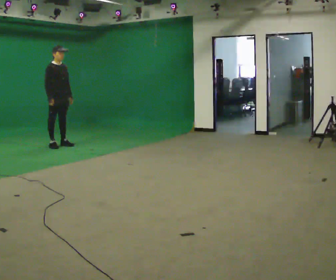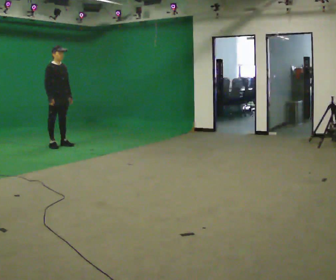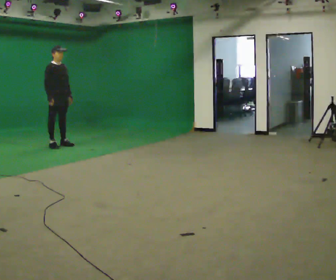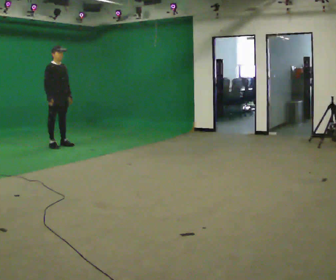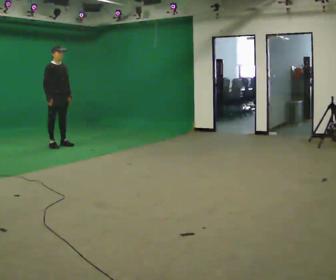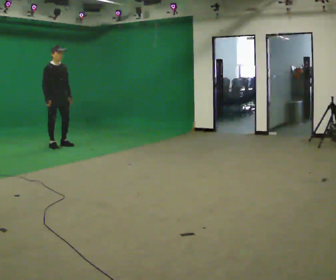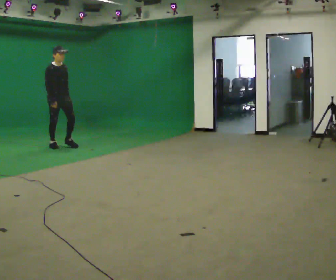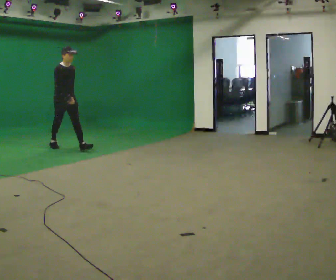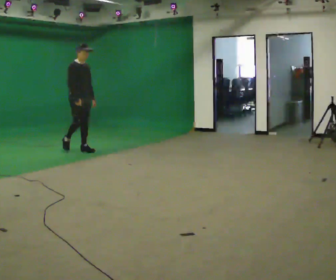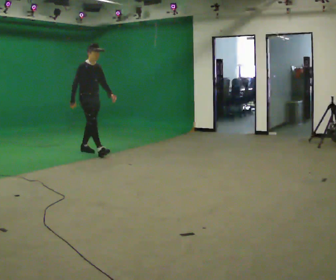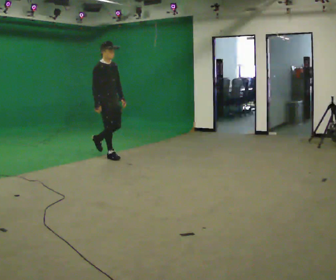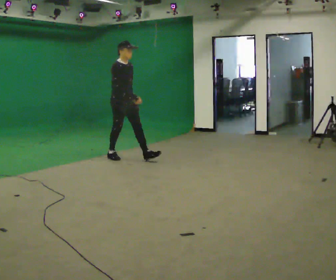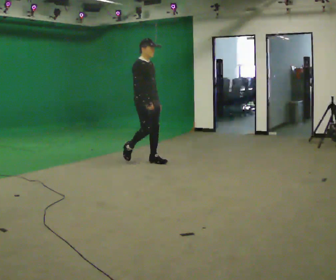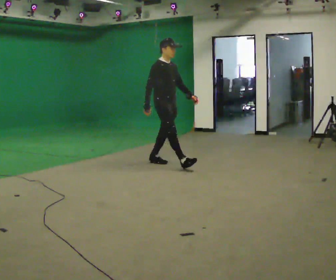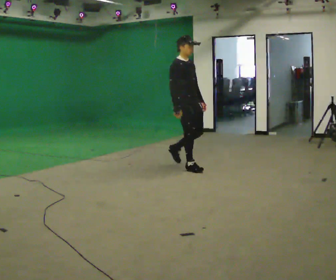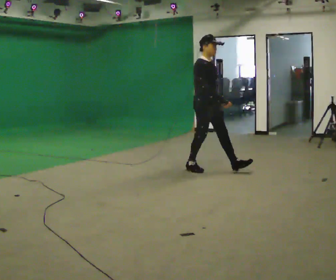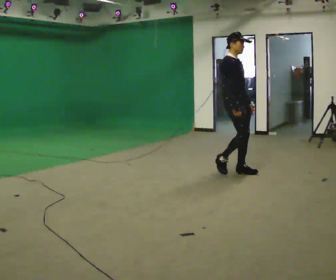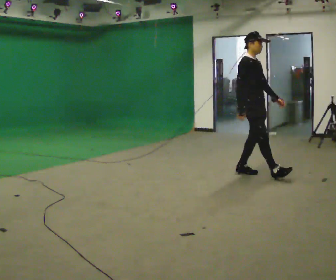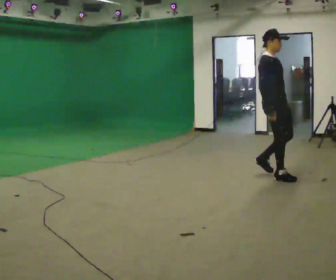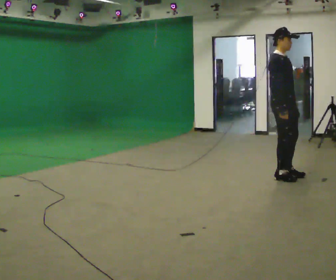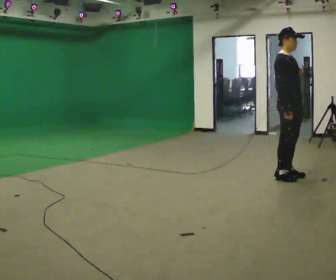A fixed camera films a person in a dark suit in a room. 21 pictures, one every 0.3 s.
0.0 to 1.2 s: The person keeps their place and pose.
1.2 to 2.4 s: In the picture they go toward the camera and to the right, about 0.5 m in 1 step, which for them is forward.
2.4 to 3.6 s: In the picture they go to the right and toward the camera, about 1.5 m in 2 steps, which for them is forward.
3.6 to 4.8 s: In the picture they go to the right and toward the camera, about 1.5 m in 2 steps, which for them is forward.
4.8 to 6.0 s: In the picture they go to the right and toward the camera, about 0.75 m in 2 steps, which for them is forward.
The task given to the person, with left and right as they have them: Stand still 2 s; begin walking naturally; walk forward; stop.
The film runs forward here.
